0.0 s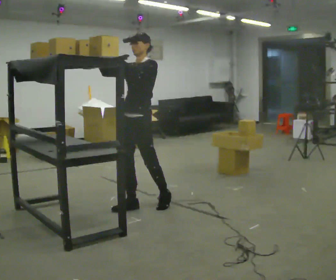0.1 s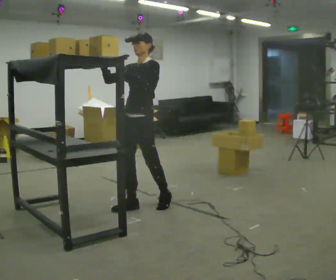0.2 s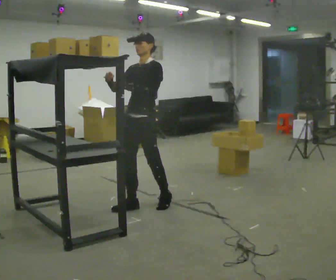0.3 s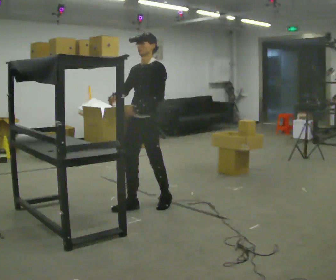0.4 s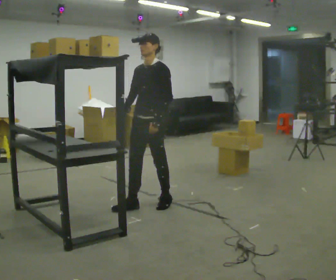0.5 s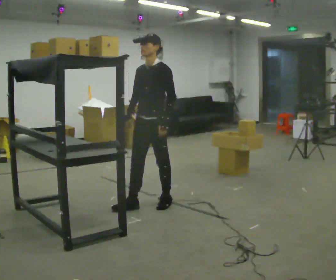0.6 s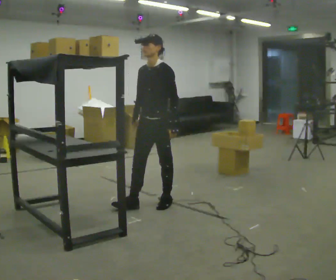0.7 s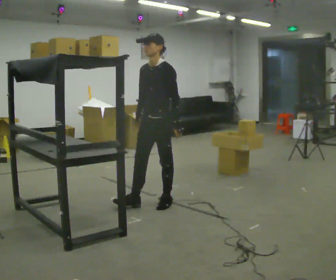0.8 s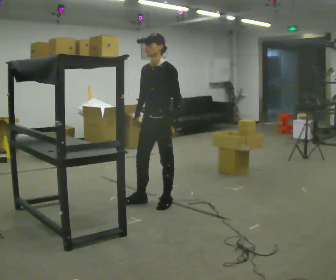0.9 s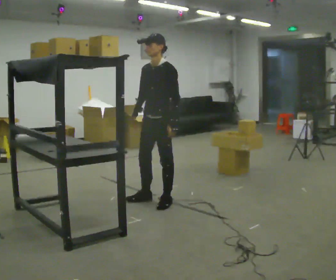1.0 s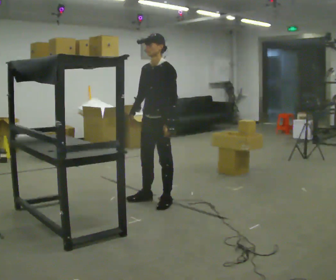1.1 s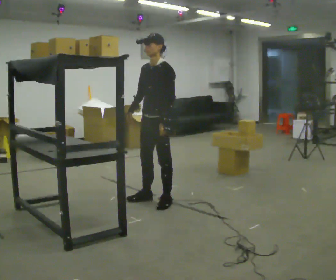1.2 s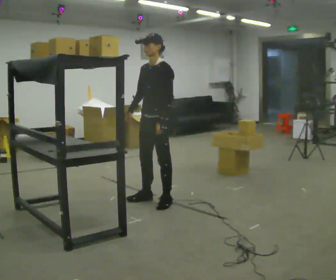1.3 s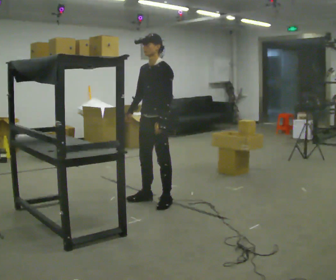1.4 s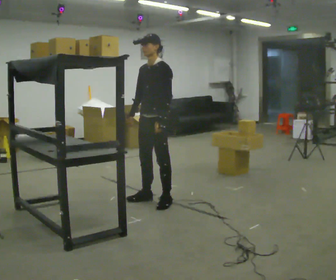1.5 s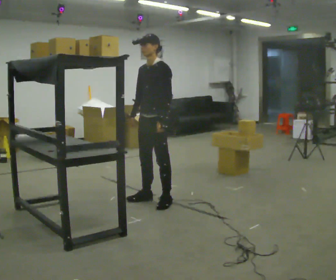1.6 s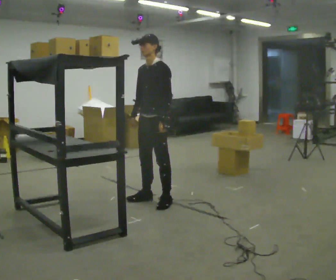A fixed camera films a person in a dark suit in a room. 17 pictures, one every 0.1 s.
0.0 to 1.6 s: In the picture they go away from the camera and to the right, about 0.25 m in 1 step, which for them is backward. In the picture their right hand goes downward, the arm swinging counterclockwise.
The film runs forward here.
